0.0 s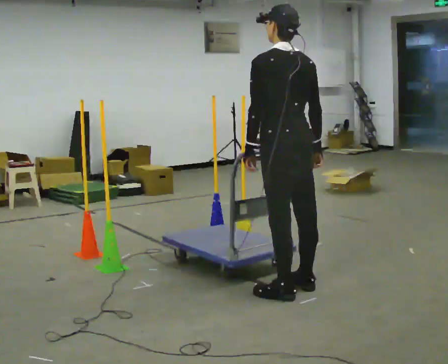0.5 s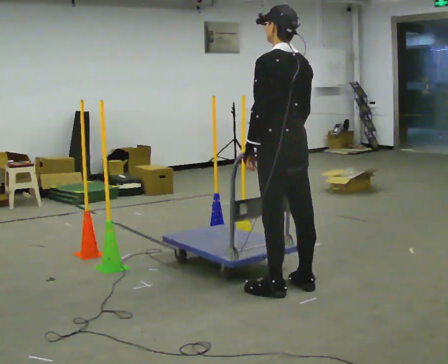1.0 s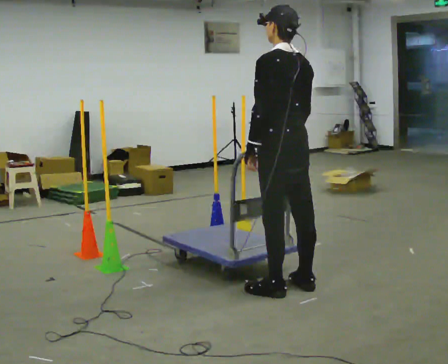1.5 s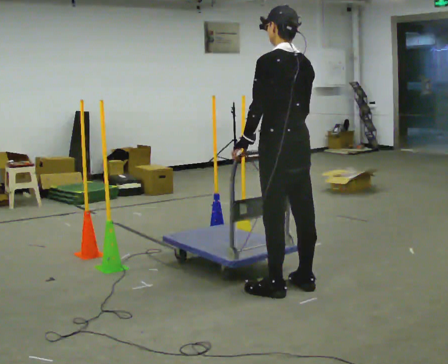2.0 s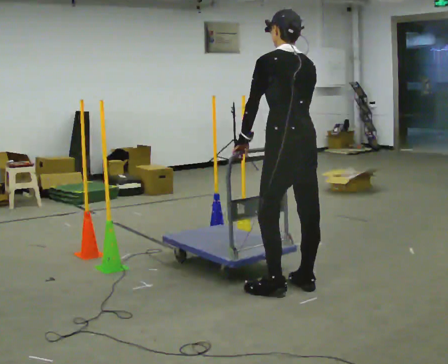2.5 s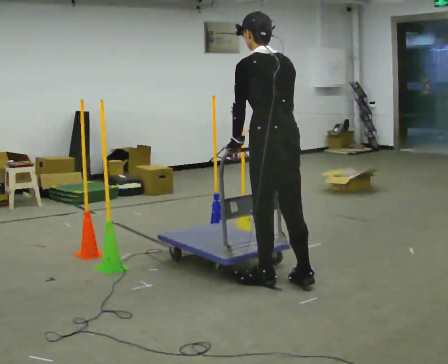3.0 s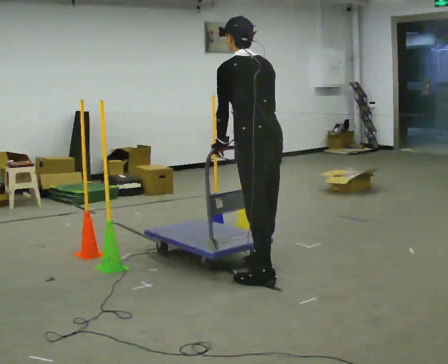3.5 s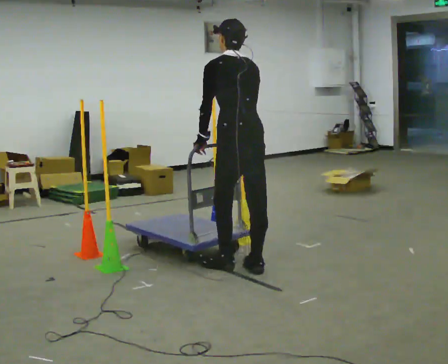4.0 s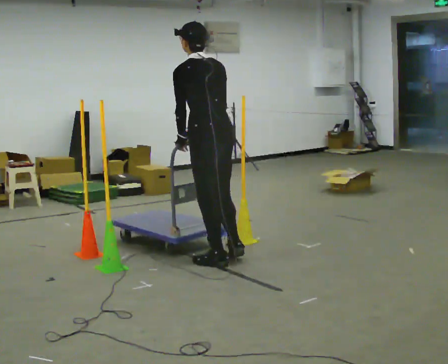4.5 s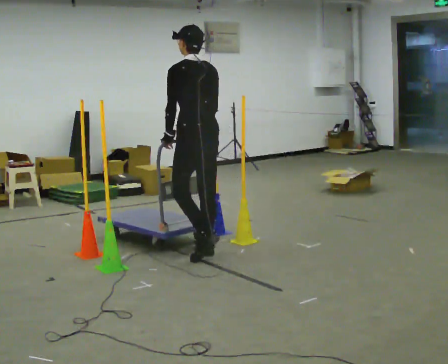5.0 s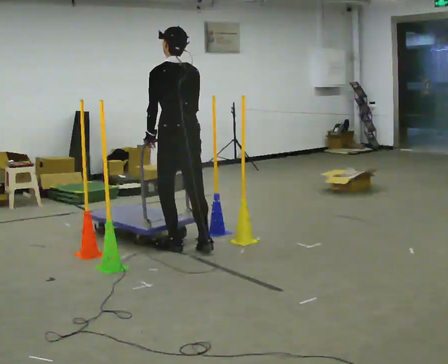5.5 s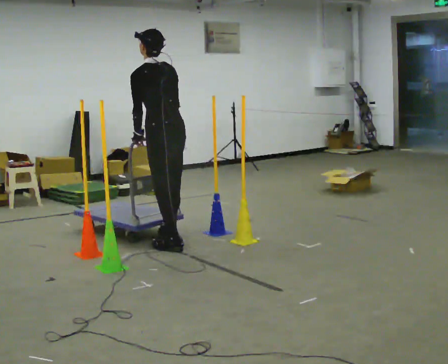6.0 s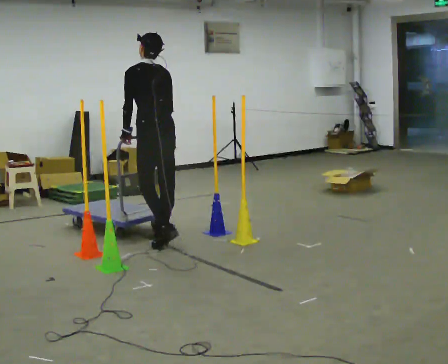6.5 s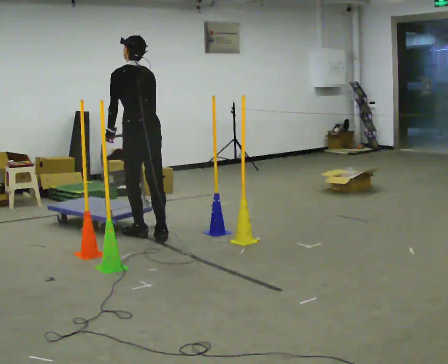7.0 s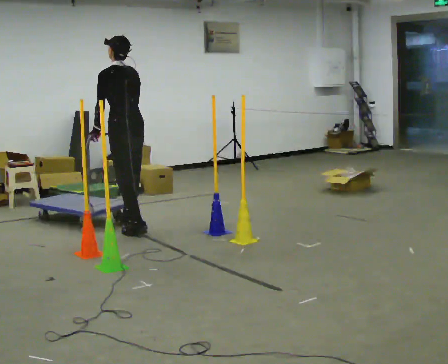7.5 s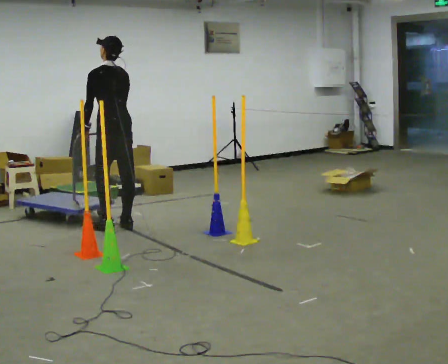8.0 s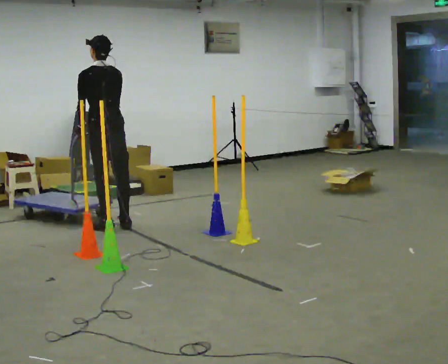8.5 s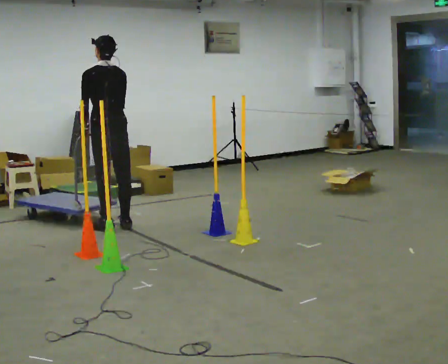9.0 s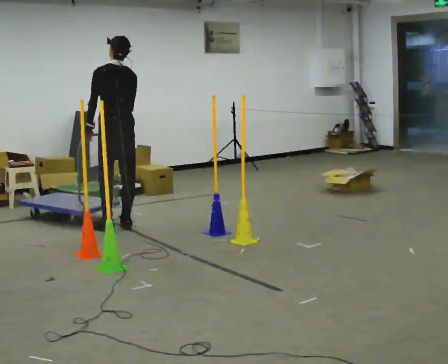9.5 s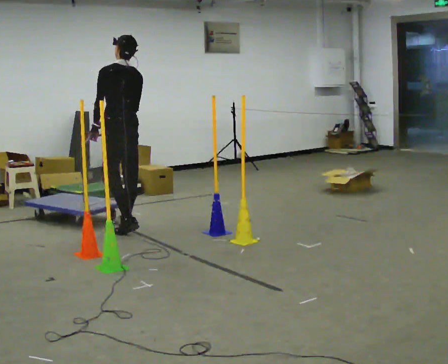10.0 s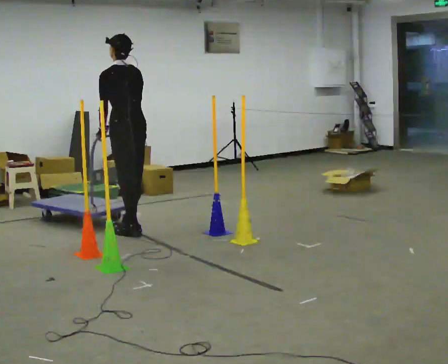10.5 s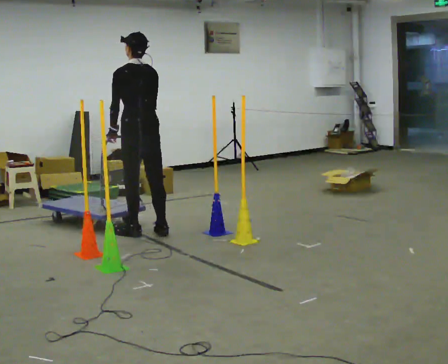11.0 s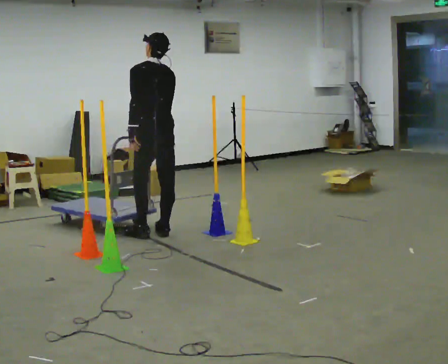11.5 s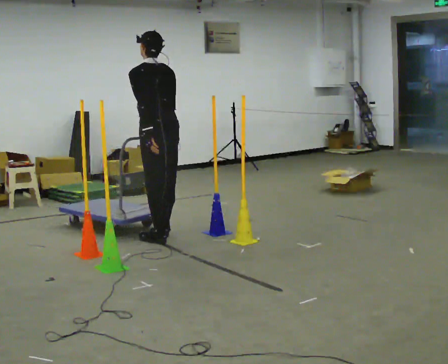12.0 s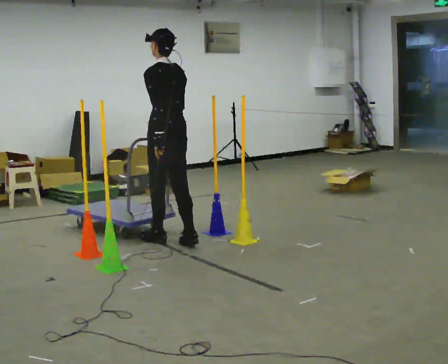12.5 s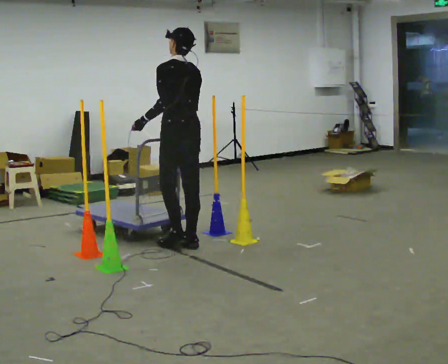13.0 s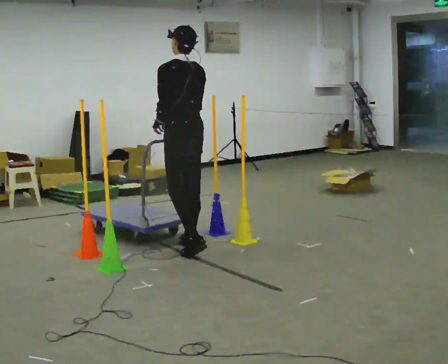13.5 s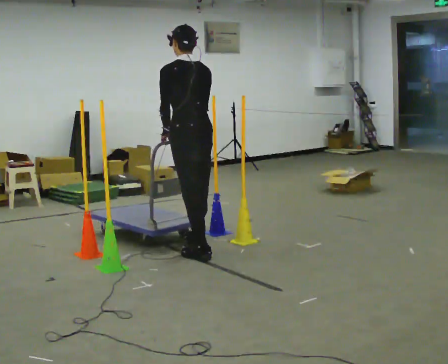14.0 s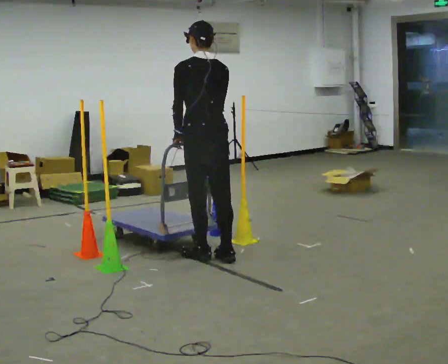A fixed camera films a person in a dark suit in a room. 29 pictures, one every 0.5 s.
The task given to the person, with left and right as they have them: Push the cart in and out of the line of poles without touching any of them. Keep going until the operator says stop.
0.0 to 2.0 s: The person moves a little, or ends about where they began.
2.0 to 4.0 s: In the picture they go away from the camera and to the left, about 1 m in 3 steps, which for them is forward.
4.0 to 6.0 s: In the picture they go away from the camera and to the left, about 1 m in 3 steps, which for them is forward.
6.0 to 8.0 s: In the picture they go away from the camera and to the left, about 0.75 m in 3 steps, which for them is forward.
8.0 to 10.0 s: In the picture they go toward the camera and to the right, about 0.25 m in 1 step, which for them is backward.
10.0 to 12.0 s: In the picture they go to the right and toward the camera, about 0.5 m in 2 steps, which for them is backward.
12.0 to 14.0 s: In the picture they go toward the camera and to the right, about 0.5 m in 3 steps, which for them is backward.
The film runs forward here.
